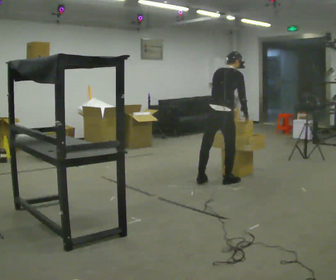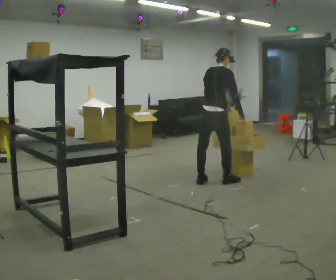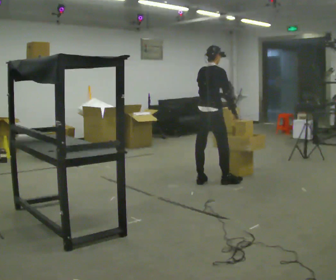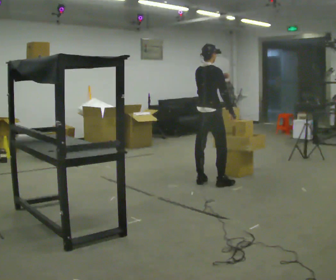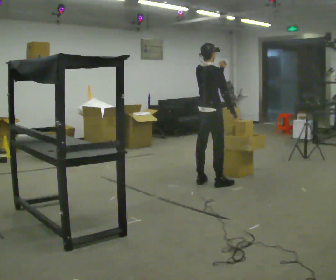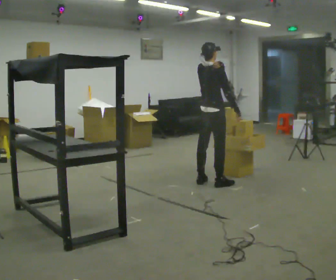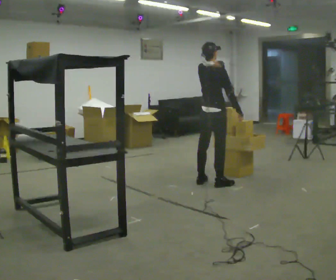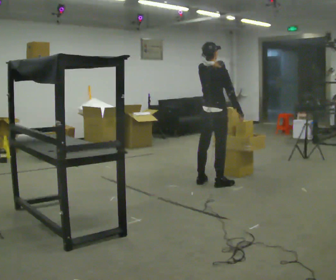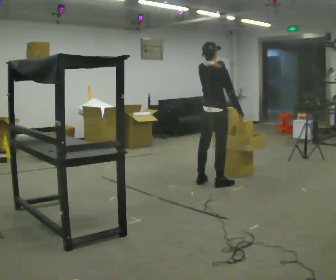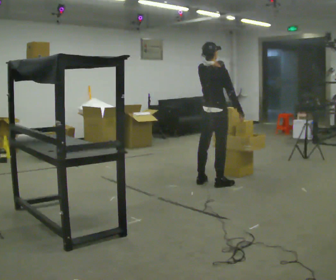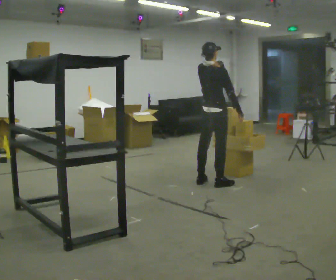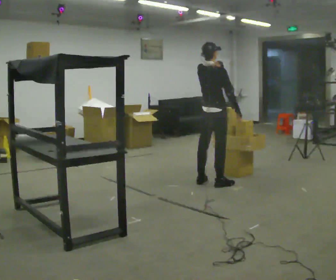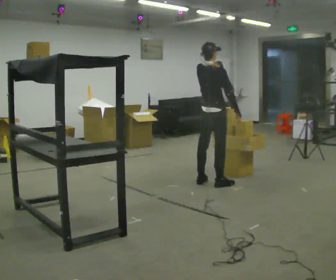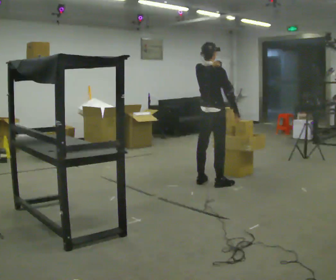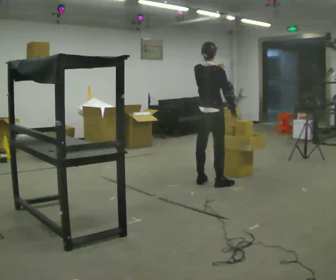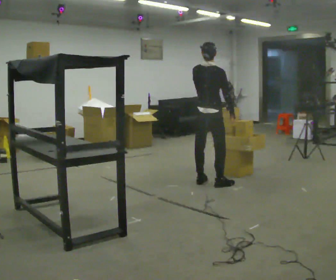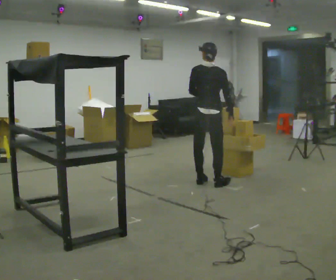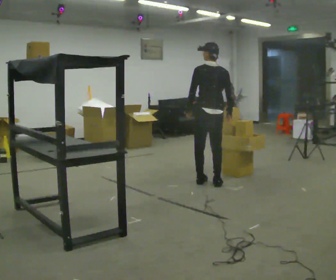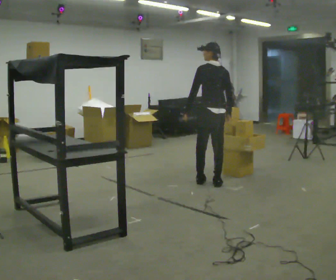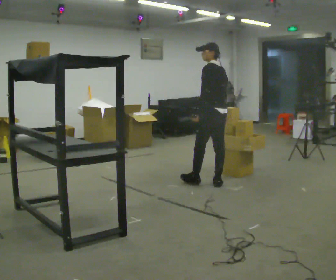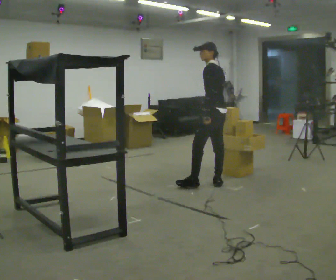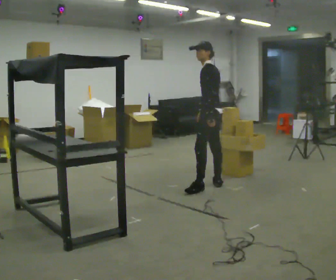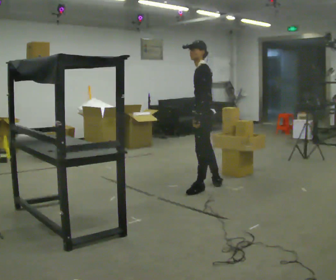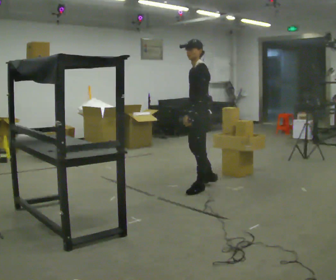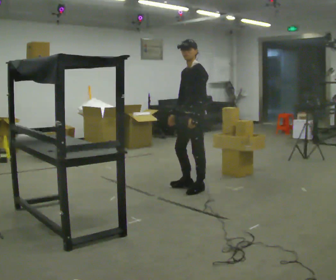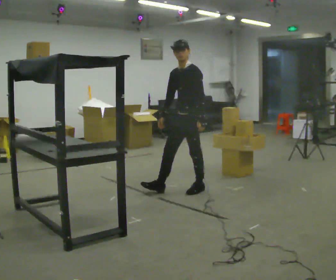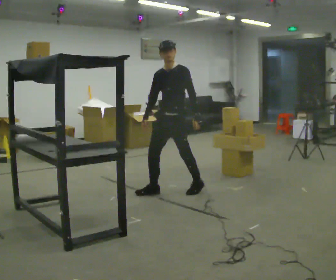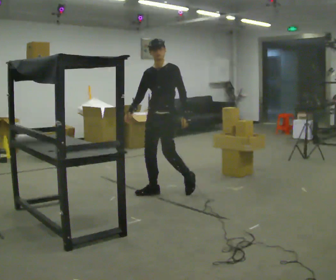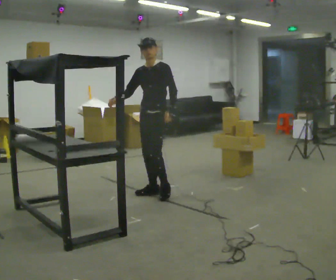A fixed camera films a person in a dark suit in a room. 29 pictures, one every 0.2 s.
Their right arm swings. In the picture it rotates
clockwise.
The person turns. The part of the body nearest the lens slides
to the right.
0.0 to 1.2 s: The upper body tips toward the camera, its near side rolling downward, as they lean back or straighten. In the picture their left hand goes upward.
1.2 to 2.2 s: The person keeps their place and pose.
2.2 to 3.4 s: The person turns about 45 degrees to their left, counterclockwise seen from above, so the part of the body nearest the lens slides to the right. In the picture their left hand goes downward and to the left.
3.4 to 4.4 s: Seen from above the body turns counterclockwise, about 75 degrees: to their left, with its near side sliding to the right. In the picture they go toward the camera, about 0.25 m in 1 step.
4.4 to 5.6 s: Seen from above the body turns counterclockwise, about 60 degrees: to their left, with its near side sliding to the right. In the picture they go to the left and toward the camera, about 0.5 m in 1 step.
The film runs forward here.
